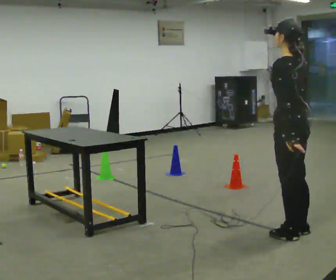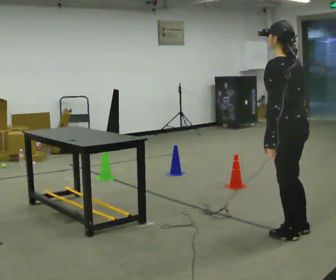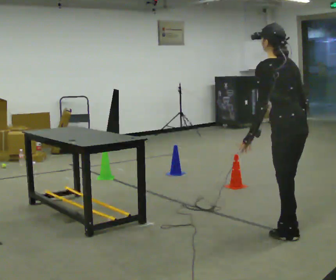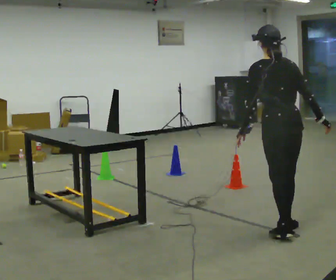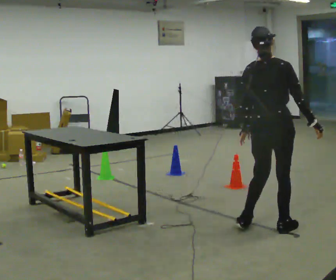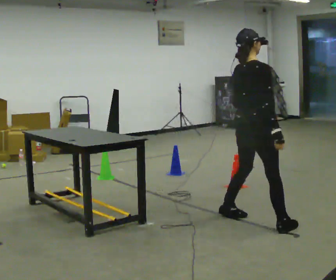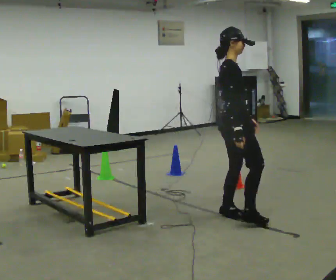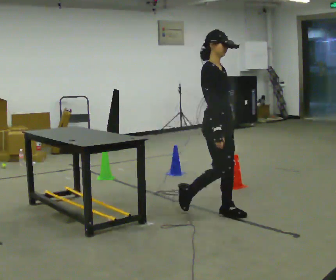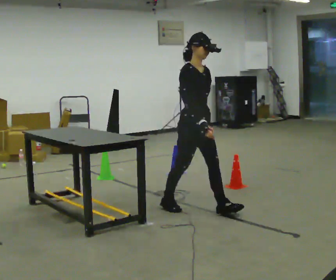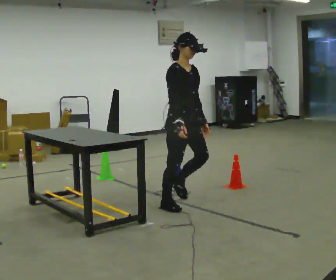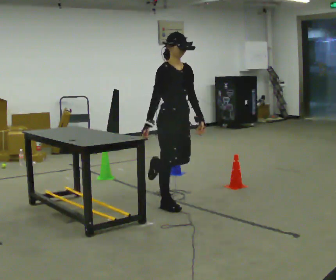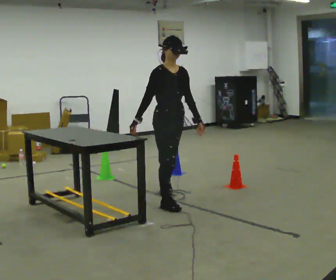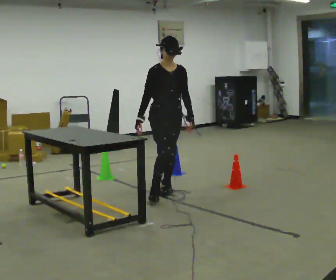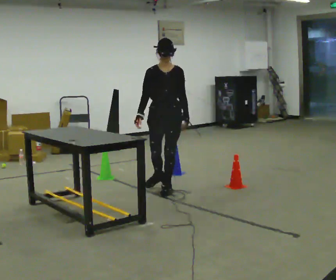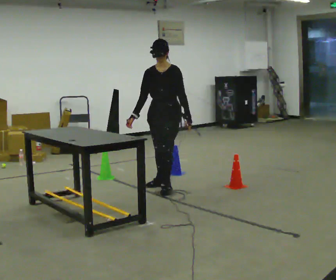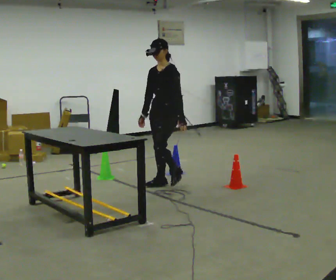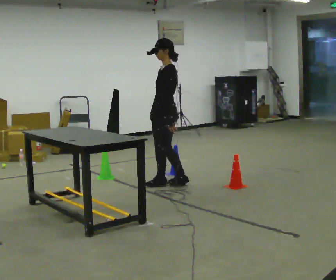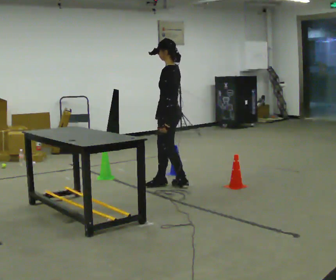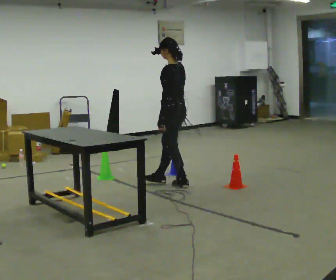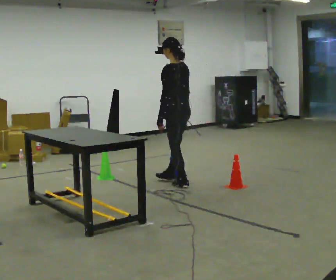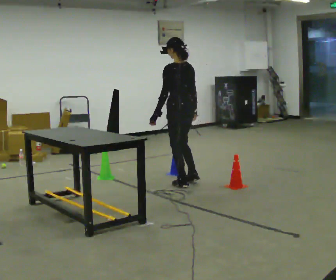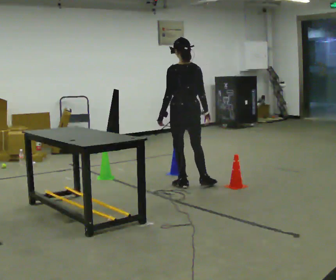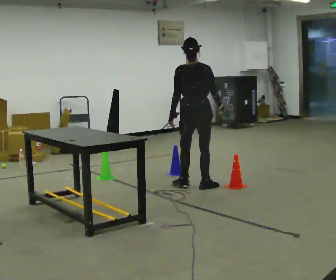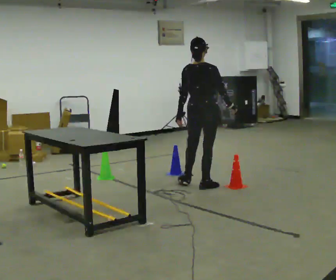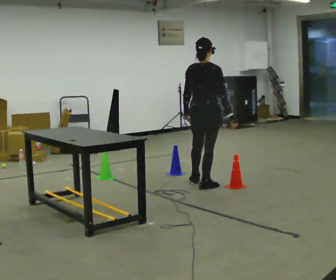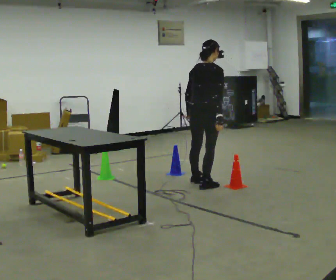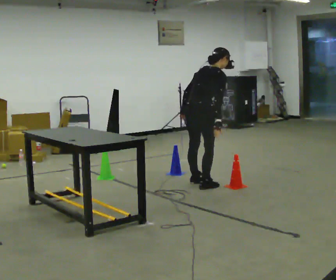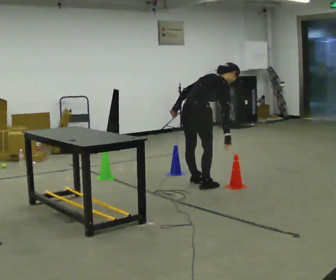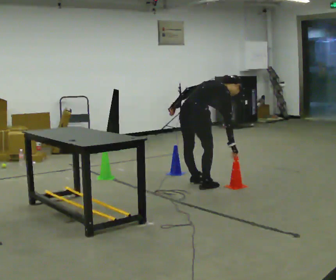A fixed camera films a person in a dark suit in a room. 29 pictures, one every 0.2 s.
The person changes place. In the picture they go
away from the camera.
The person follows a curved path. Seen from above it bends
clockwise.
0.0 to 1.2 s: The part of the body nearest the lens slides to the left as the person turns to their right by about 135 degrees. In the picture they go away from the camera and to the left, about 0.5 m in 3 steps.
1.2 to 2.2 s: The person turns about 60 degrees to their right, clockwise seen from above, so the part of the body nearest the lens slides to the left. In the picture they go away from the camera and to the left, about 1 m in 1 step, which for them is backward.
2.2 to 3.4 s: The person turns about 135 degrees to their right, clockwise seen from above, so the part of the body nearest the lens slides to the left. In the picture they go away from the camera, about 0.5 m in 2 steps.
3.4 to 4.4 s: The part of the body nearest the lens slides to the left as the person turns to their right by about 90 degrees. In the picture they go to the right, about 0.25 m in 1 step.
4.4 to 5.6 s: Seen from above the body turns clockwise, about 45 degrees: to their right, with its near side sliding to the left. The upper body goes downward. In the picture the upper body tilts clockwise, shoulders to the right, as they bend forward.
The film runs backward here.
